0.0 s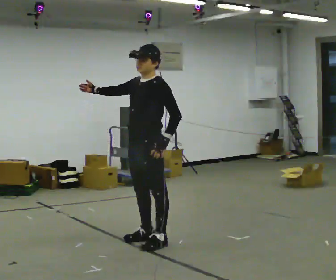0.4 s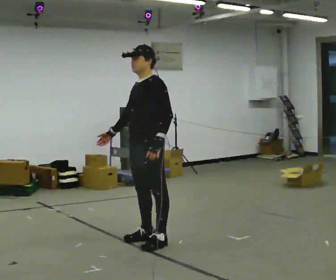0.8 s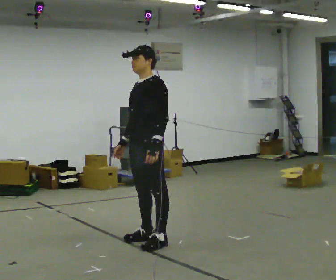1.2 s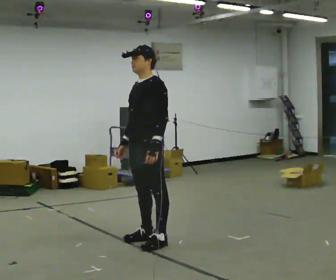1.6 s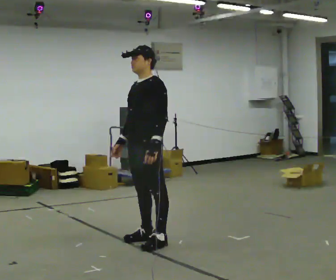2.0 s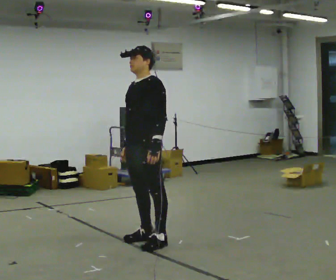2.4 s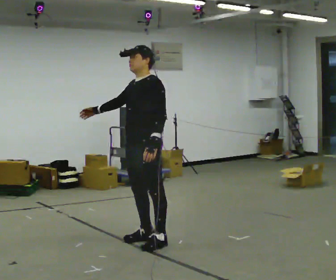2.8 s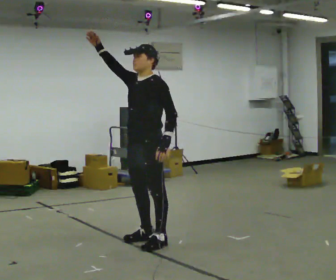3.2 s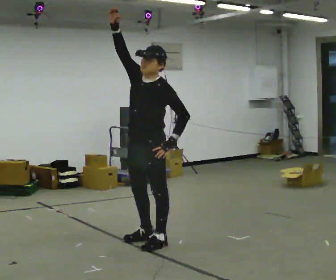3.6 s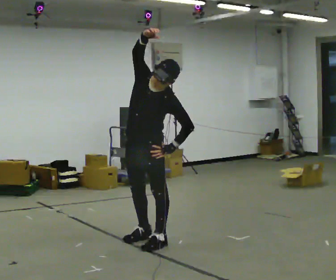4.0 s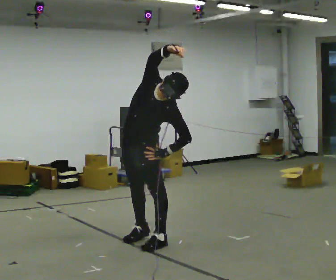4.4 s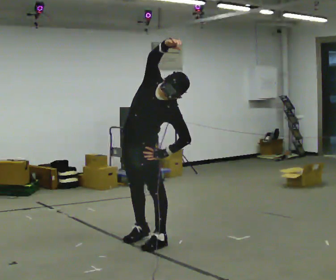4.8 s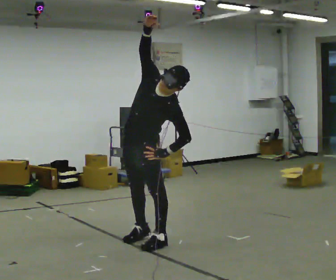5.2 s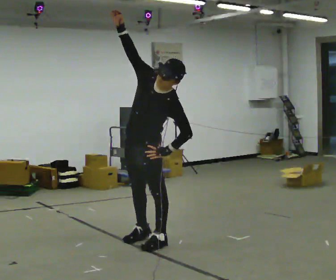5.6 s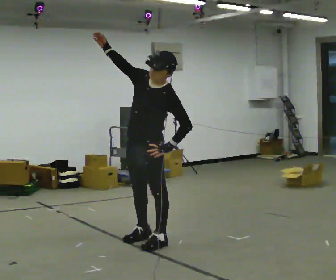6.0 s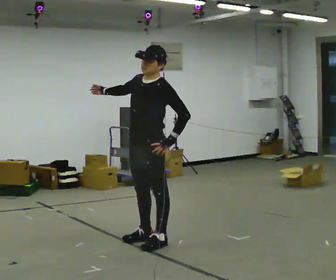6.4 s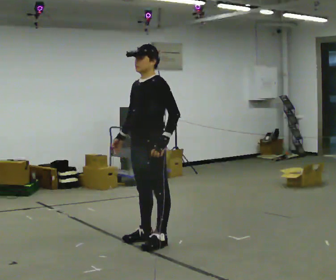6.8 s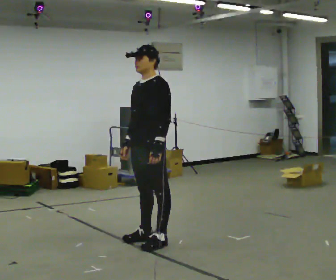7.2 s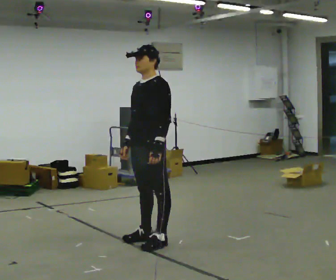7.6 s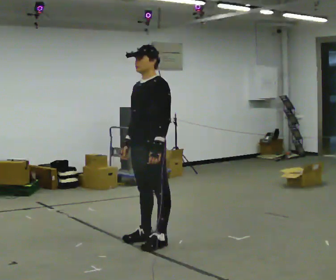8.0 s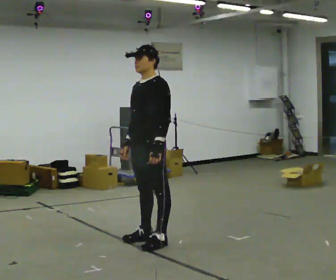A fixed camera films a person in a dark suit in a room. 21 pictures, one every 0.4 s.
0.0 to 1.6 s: In the picture their right hand goes downward, the arm swinging counterclockwise.
1.6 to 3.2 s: In the picture their right hand goes upward, the arm swinging clockwise.
3.2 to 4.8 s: In the picture the upper body tilts clockwise, shoulders to the right. In the picture their right hand goes to the right.
4.8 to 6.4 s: In the picture the upper body tilts counterclockwise, shoulders to the left. In the picture their right hand goes downward, the arm swinging counterclockwise.
6.4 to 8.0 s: The person moves a little, or ends about where they began.
The film runs backward here.
